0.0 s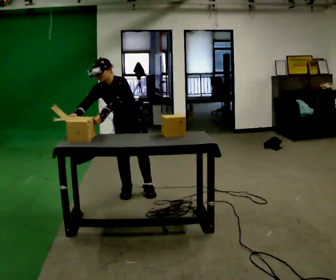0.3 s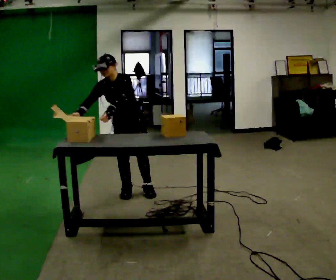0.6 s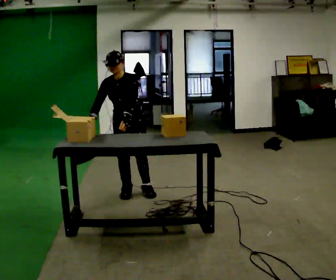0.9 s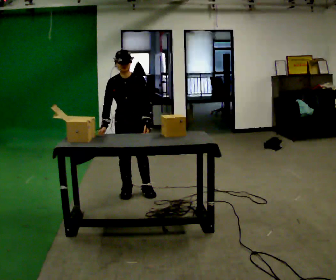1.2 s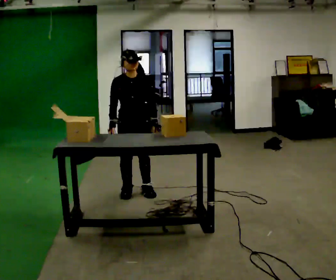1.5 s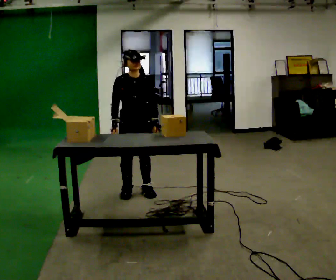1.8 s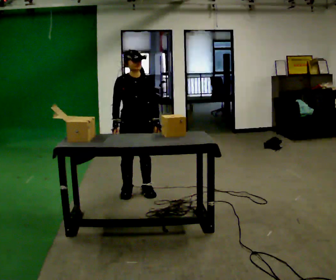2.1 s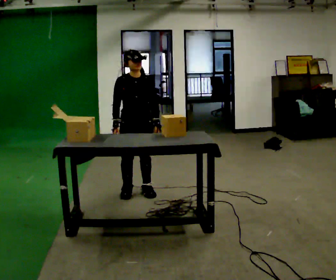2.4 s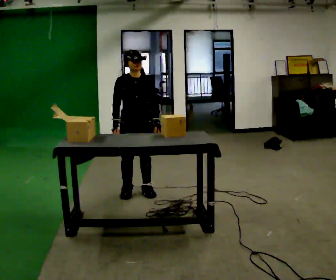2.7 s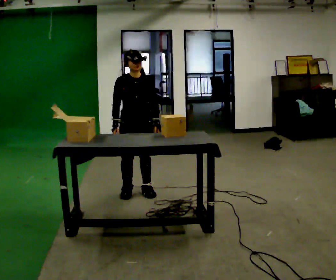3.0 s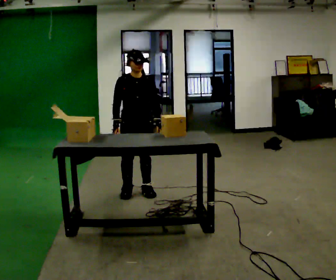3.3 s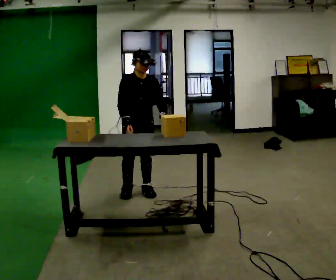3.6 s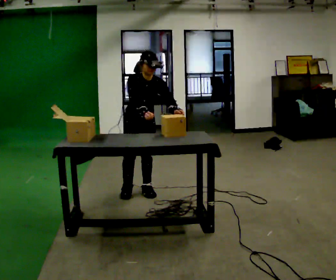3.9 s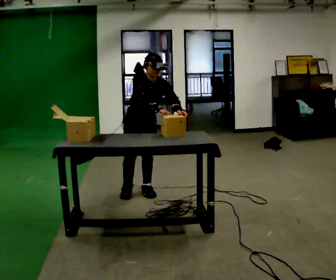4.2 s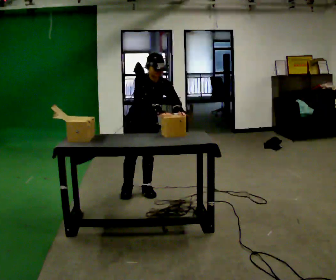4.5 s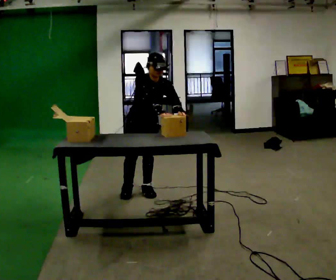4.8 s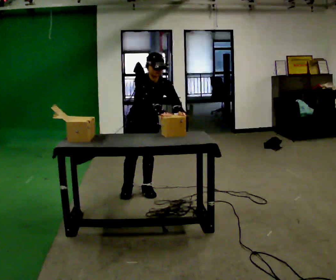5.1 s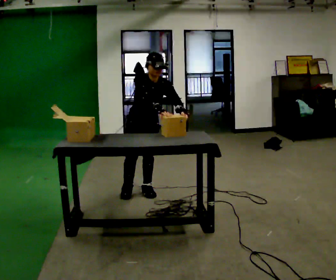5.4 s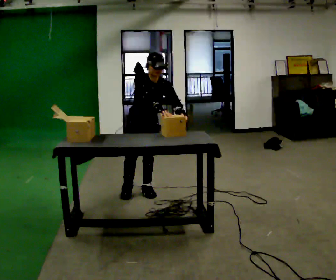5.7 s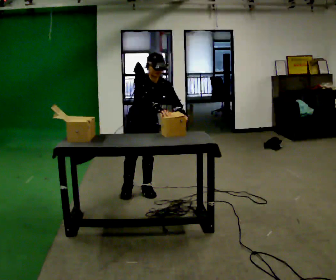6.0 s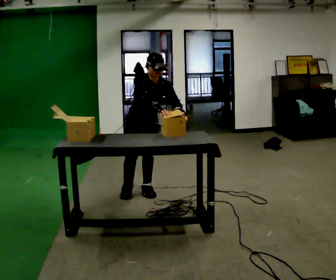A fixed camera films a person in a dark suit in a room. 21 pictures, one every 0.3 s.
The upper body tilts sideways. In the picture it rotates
clockwise.
0.0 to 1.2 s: In the picture the upper body tilts clockwise, shoulders to the right, as they lean back or straighten. In the picture their left hand goes to the right.
1.2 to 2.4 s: The person moves a little, or ends about where they began.
2.4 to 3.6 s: The upper body tips toward the camera, its near side rolling downward, as they bend forward.
3.6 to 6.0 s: The person moves a little, or ends about where they began.
The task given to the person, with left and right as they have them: Take the stacked item apart piece by piece on the table, then put it back together. Repeat at your own pace until the operator says stop. Keep both feet on the marked spots for the whole take. If you have to step, stop and tell the operator.
The film runs forward here.
